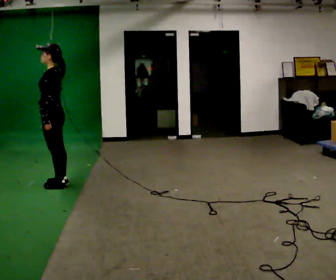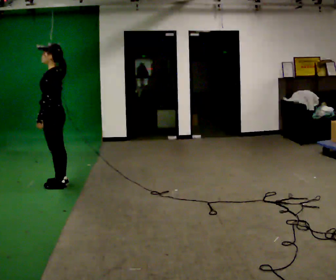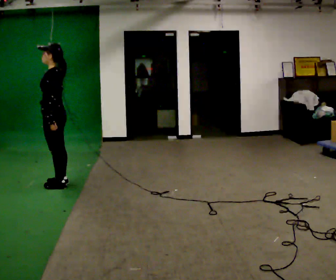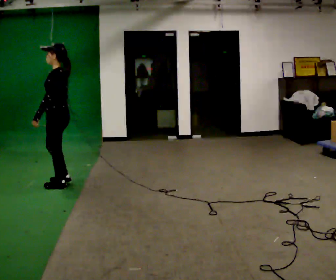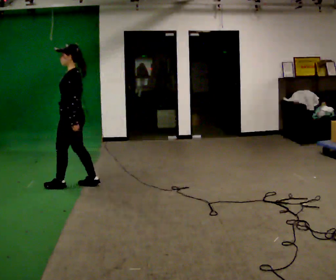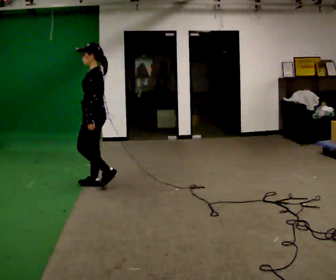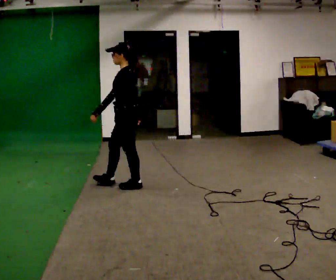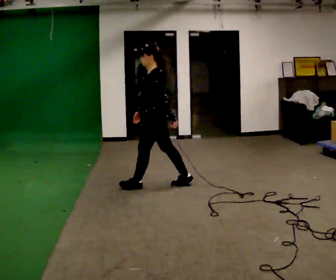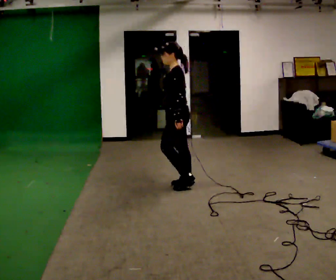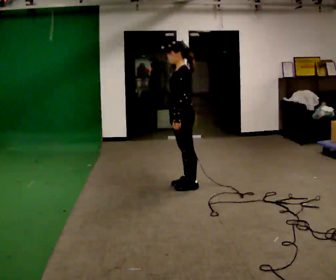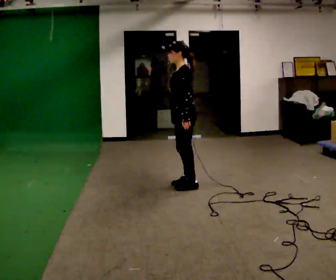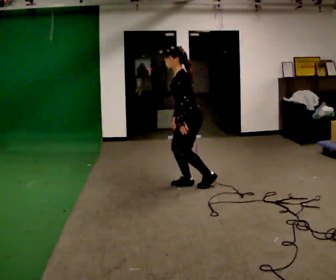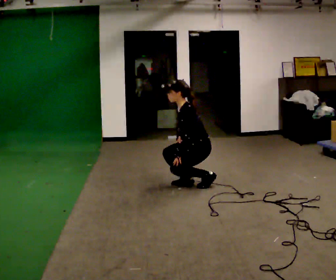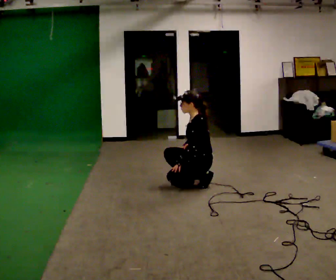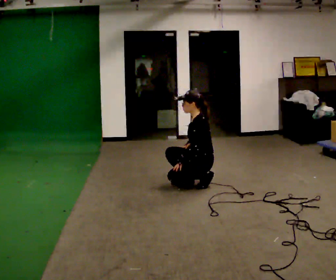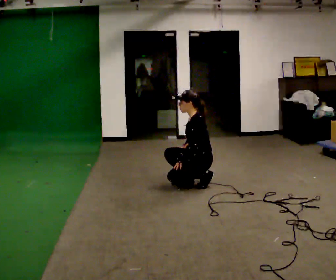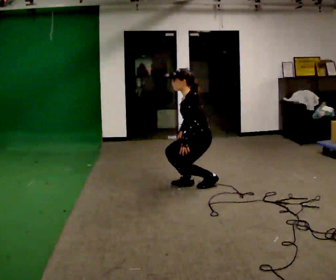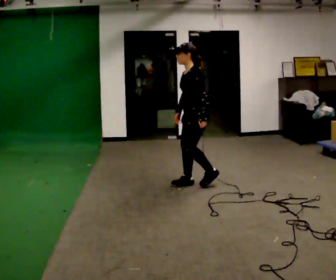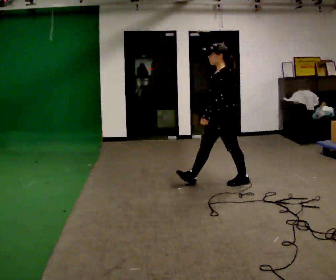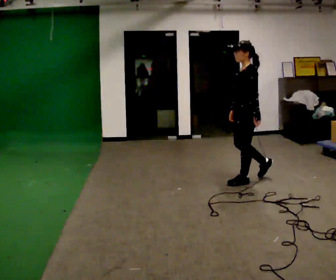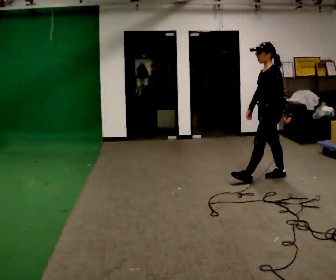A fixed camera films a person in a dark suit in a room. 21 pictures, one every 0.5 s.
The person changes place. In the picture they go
to the right.
0.0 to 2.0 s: In the picture they go to the right, about 0.25 m in 1 step, which for them is backward.
2.0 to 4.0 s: In the picture they go to the right, about 1 m in 3 steps, which for them is backward.
4.0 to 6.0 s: In the picture they go to the right, about 0.25 m in 1 step, which for them is backward. The upper body goes downward. In the picture the upper body tilts counterclockwise, shoulders to the left, as they bend forward. In the picture their left hand goes downward.
6.0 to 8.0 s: The person moves a little, or ends about where they began.
8.0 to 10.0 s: In the picture they go to the right, about 1 m in 3 steps, which for them is backward. The upper body goes upward. In the picture the upper body tilts clockwise, shoulders to the right, as they lean back or straighten.
The film runs backward here.
